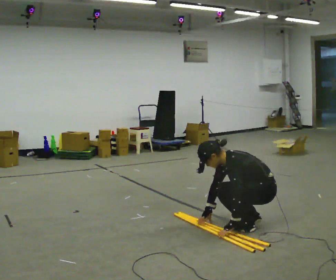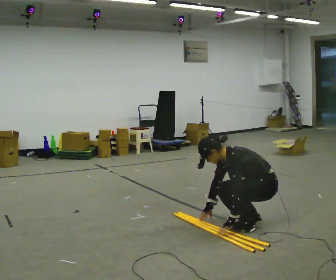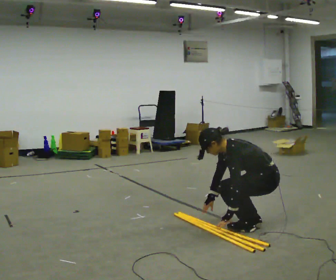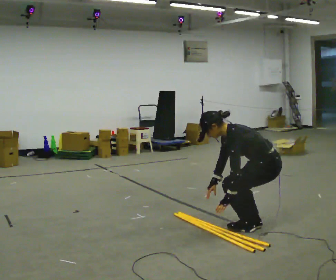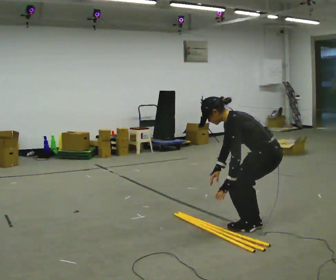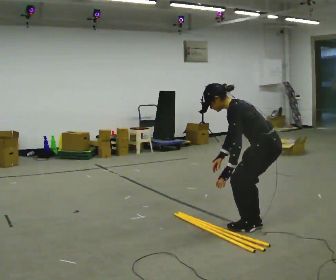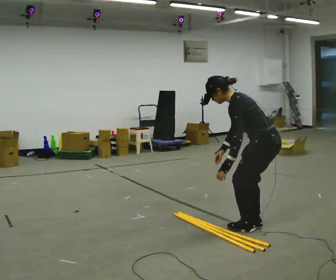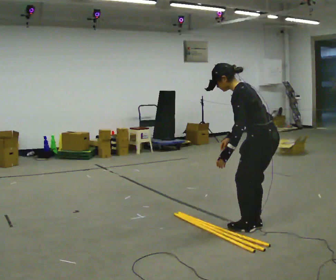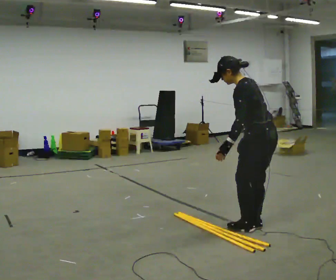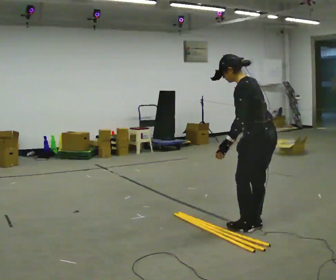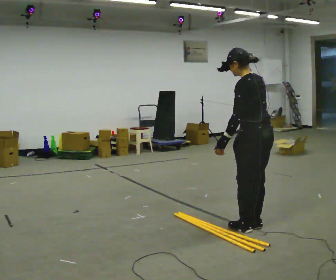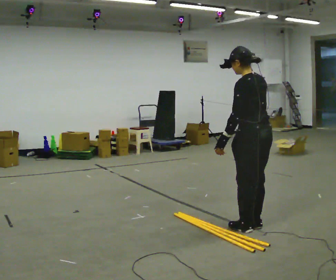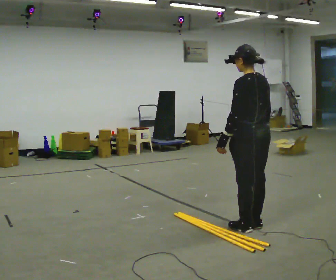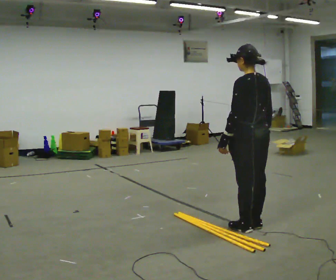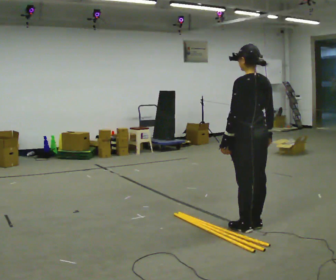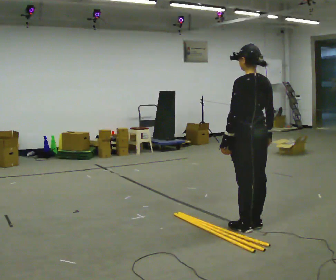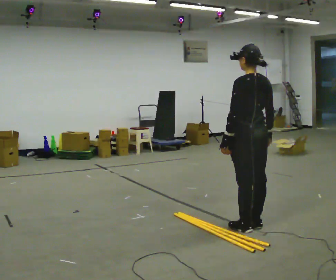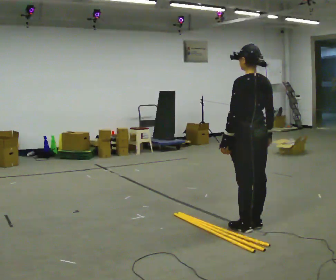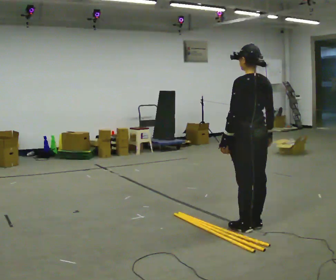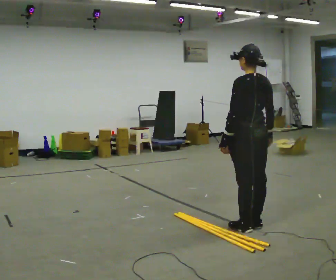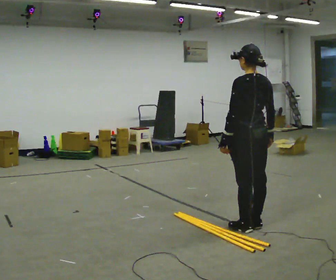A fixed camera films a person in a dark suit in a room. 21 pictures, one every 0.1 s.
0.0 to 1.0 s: Seen from above the body turns clockwise, about 30 degrees: to their right, with its near side sliding to the left. The upper body goes upward. In the picture the upper body tilts clockwise, shoulders to the right, as they lean back or straighten. In the picture their right hand goes upward and to the right.
1.0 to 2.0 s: The person moves a little, or ends about where they began.
The film runs backward here.
